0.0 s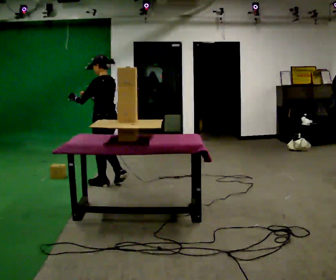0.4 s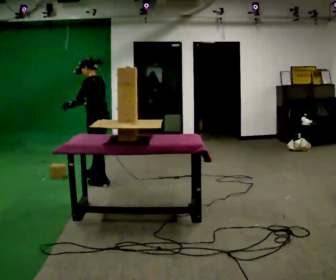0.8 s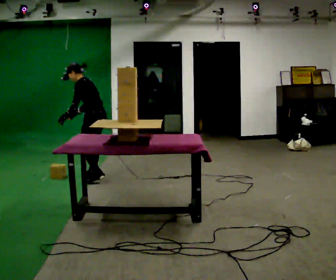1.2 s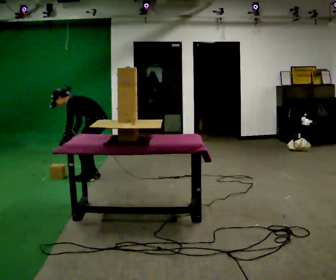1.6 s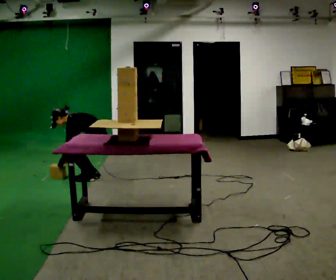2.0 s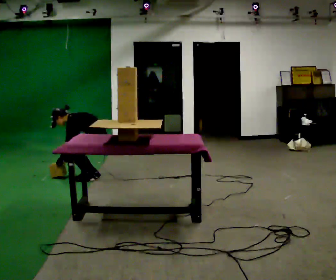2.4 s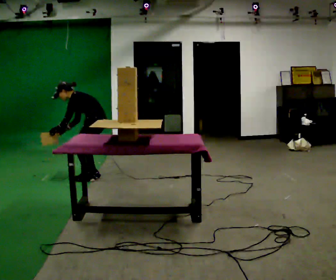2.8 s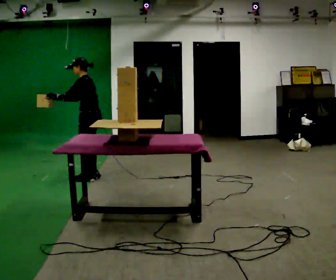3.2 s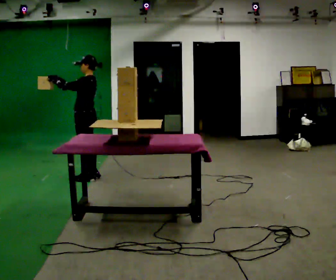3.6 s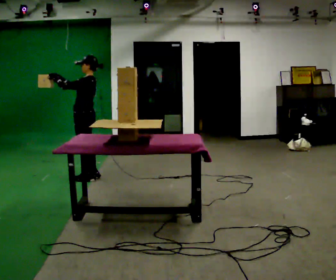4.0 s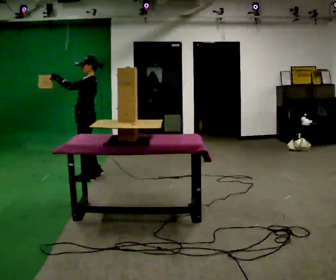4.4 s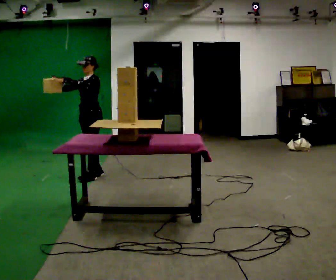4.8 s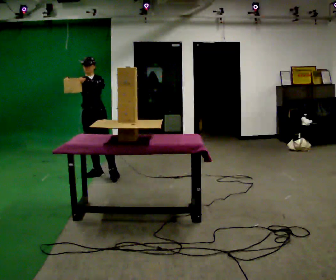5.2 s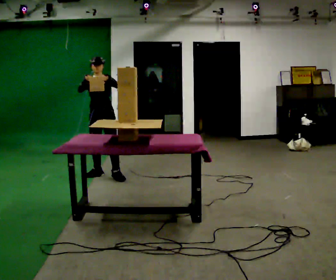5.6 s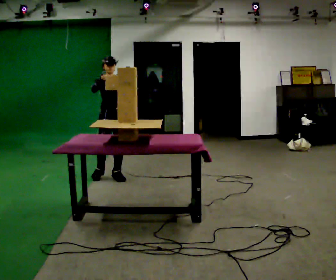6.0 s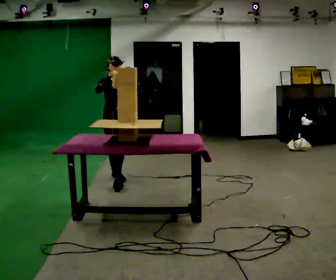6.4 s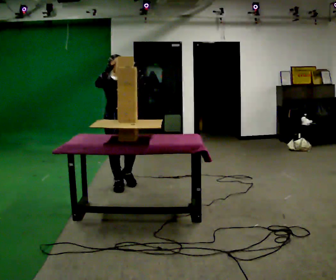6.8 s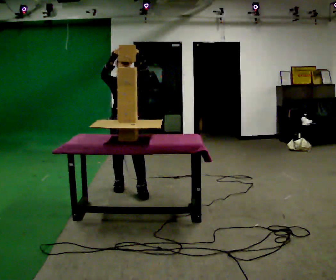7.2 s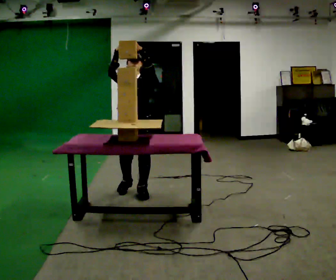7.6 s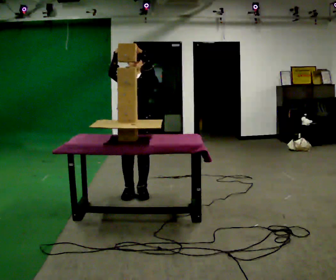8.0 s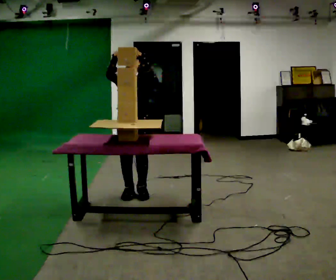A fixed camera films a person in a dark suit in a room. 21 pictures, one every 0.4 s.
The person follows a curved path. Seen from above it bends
clockwise.
0.0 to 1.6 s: The part of the body nearest the lens slides to the right as the person turns to their left by about 30 degrees. In the picture they go away from the camera, about 0.25 m in 2 steps, which for them is to their right and forward. The shoulders move downward. In the picture the upper body tilts counterclockwise, shoulders to the left, as they bend forward. In the picture their left hand goes downward.
1.6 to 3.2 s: The shoulders move upward. In the picture the upper body tilts clockwise, shoulders to the right, as they lean back or straighten. In the picture their left hand goes upward, the arm swinging clockwise.
3.2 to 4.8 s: The part of the body nearest the lens slides to the right as the person turns to their left by about 90 degrees. In the picture their left hand goes to the right.
4.8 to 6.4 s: The part of the body nearest the lens slides to the right as the person turns to their left by about 30 degrees. In the picture they go toward the camera and to the right, about 0.75 m in 1 step, which for them is forward and to their left.
6.4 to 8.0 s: In the picture they go toward the camera, about 0.5 m in 2 steps, which for them is forward and to their left.
The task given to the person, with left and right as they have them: Carry the object over and set it down on the wobbly board without tipping it over. Keep going until the operator says stop; one object at a time, and do not rush between trips.
The film runs forward here.
